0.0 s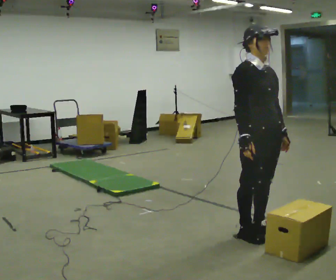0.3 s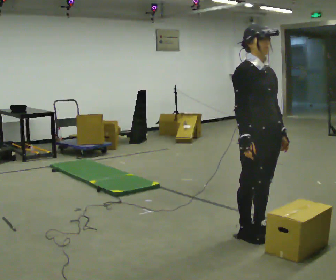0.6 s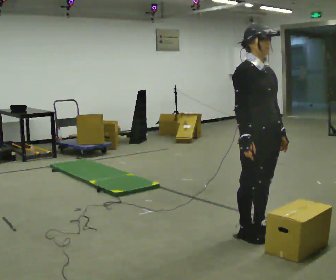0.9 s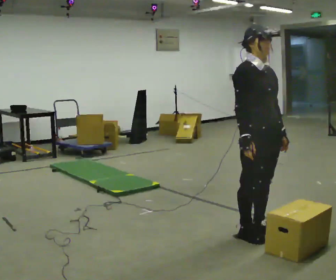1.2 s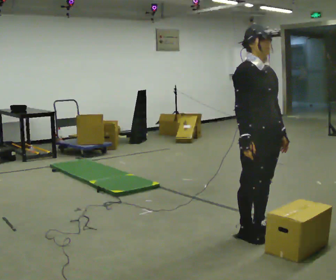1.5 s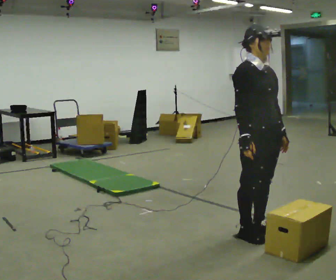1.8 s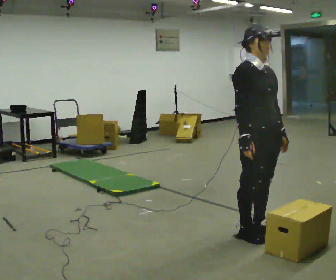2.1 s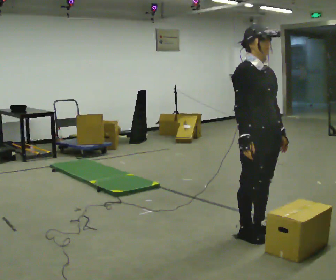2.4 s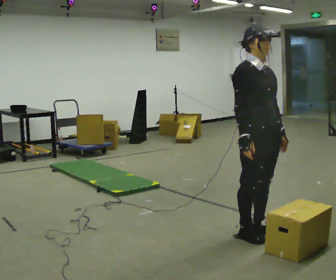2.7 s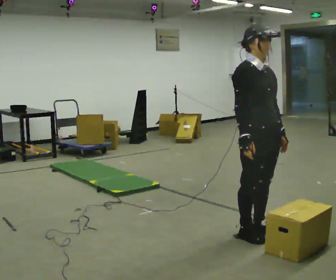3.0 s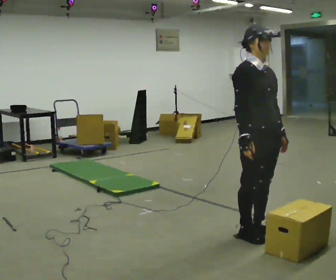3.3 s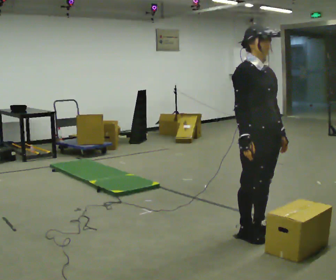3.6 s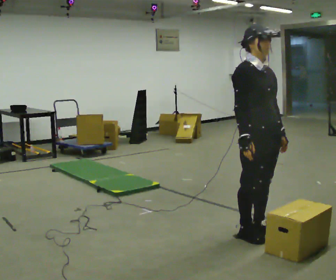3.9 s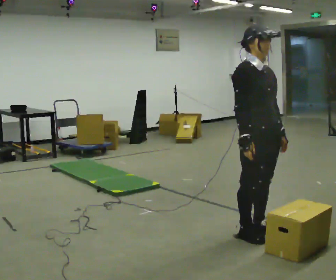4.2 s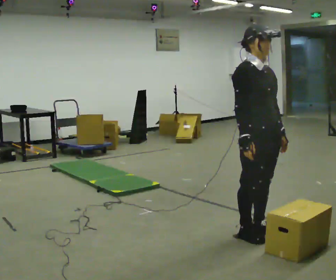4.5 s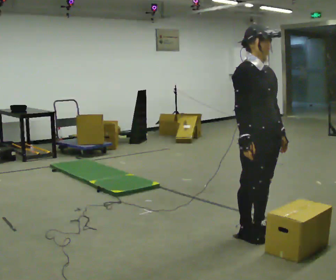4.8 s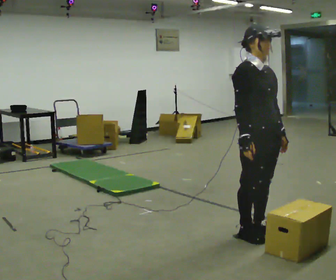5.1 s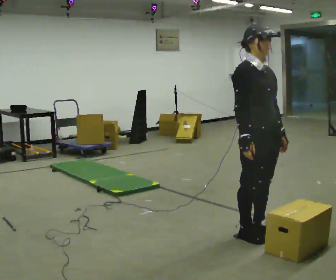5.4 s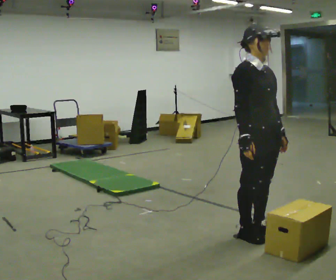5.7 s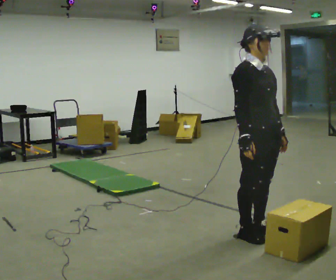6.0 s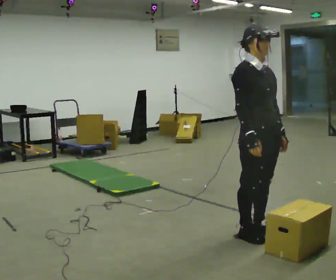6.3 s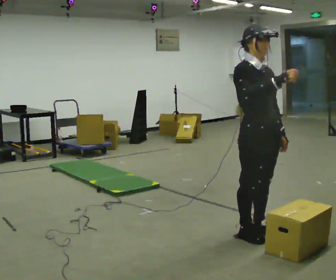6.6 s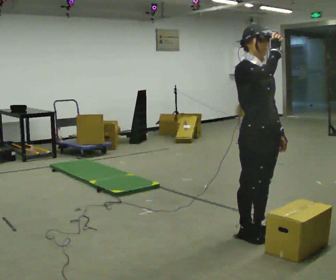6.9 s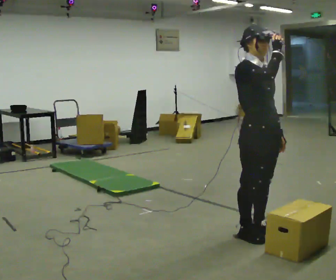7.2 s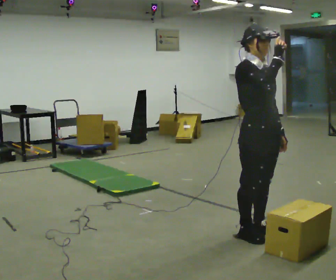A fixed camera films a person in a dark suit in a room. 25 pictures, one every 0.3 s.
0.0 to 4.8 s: The person keeps their place and pose.
4.8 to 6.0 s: The person moves a little, or ends about where they began.
6.0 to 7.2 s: In the picture their right hand goes upward.
The film runs forward here.
